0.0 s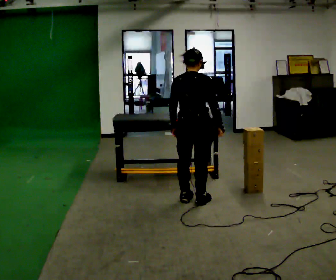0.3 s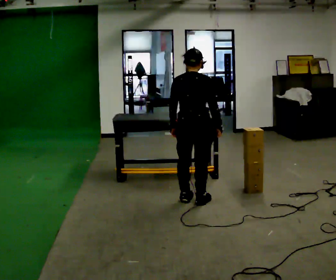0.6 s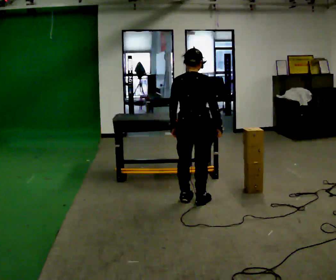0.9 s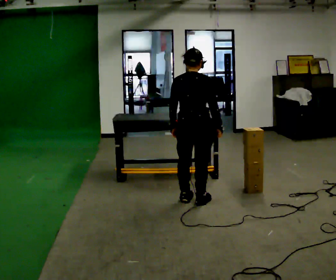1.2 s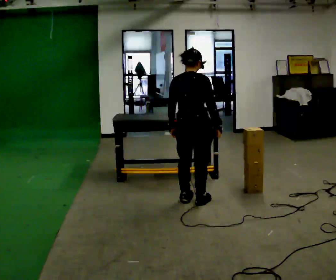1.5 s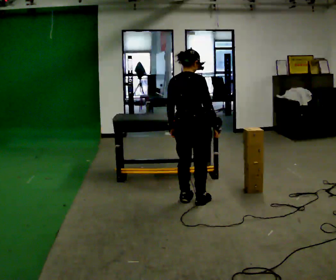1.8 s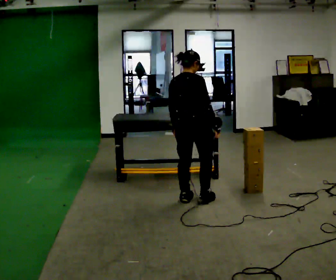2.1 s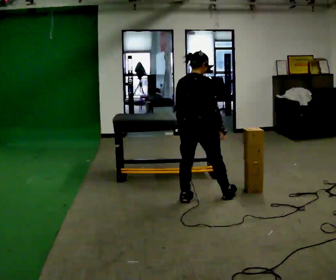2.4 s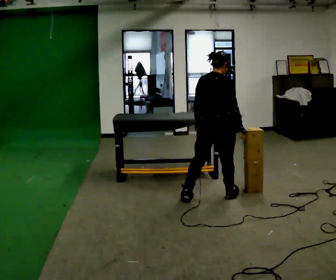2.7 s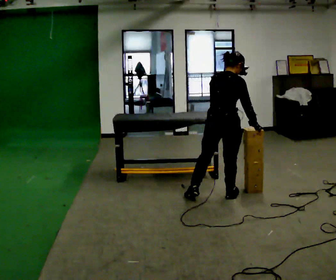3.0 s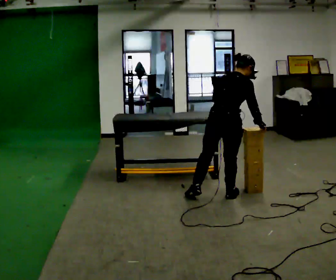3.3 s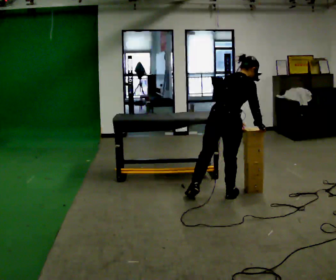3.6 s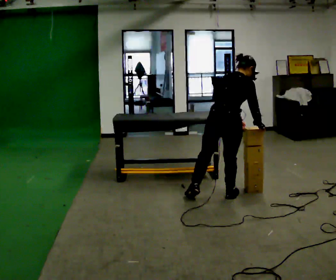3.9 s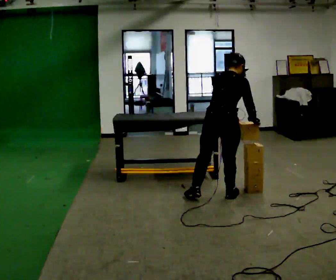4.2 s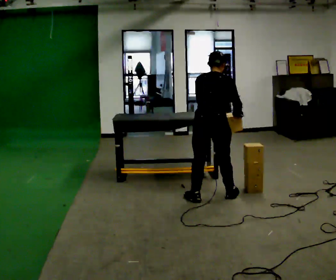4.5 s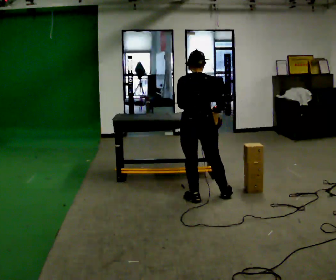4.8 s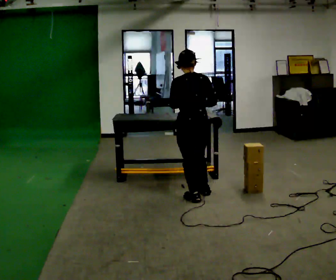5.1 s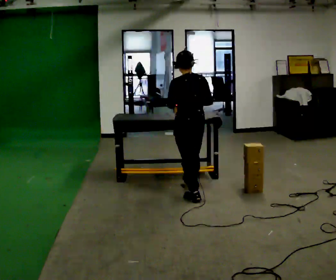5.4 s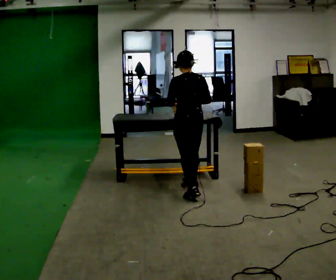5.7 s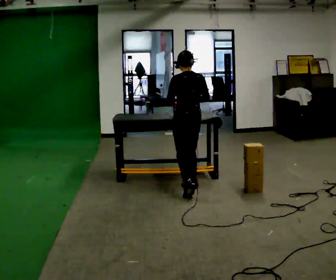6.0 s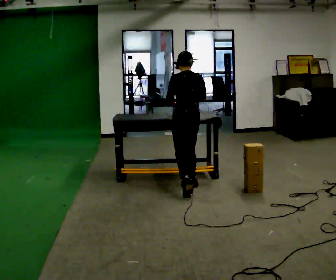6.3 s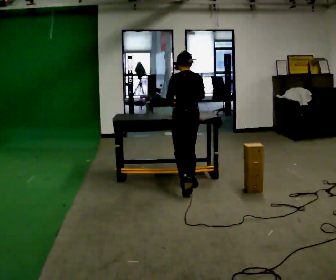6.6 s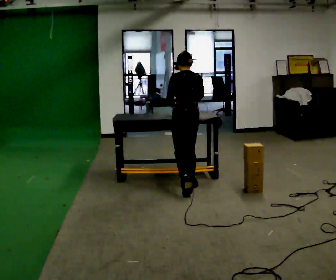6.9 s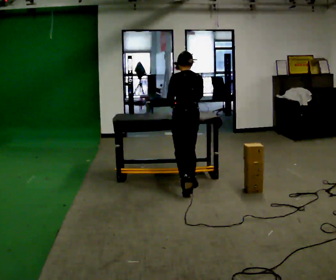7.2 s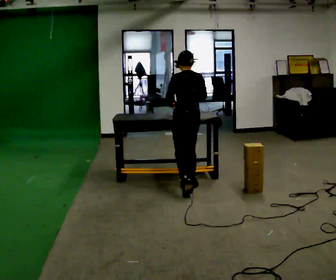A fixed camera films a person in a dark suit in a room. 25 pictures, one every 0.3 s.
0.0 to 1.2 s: The person moves a little, or ends about where they began.
1.2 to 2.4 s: In the picture they go to the right, about 0.25 m in 1 step, which for them is to their right and forward.
2.4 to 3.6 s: In the picture the upper body tilts clockwise, shoulders to the right, as they bend forward. In the picture their left hand goes to the right.
3.6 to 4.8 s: The part of the body nearest the lens slides to the right as the person turns to their left by about 60 degrees. In the picture they go to the left, about 0.25 m, which for them is to their left. In the picture the upper body tilts counterclockwise, shoulders to the left, as they lean back or straighten.
4.8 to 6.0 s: In the picture they go away from the camera, about 0.5 m in 1 step, which for them is forward and to their right.
6.0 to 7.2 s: The person moves a little, or ends about where they began.
The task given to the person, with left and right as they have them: Carry the object over and line it up with the mark on the surface as accurately as you can. Keep going until the operator says stop; one object at a time, and do not rush between trips.
The film runs forward here.
